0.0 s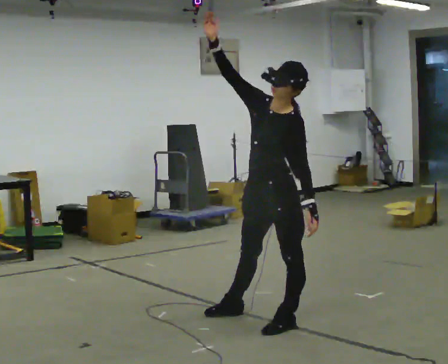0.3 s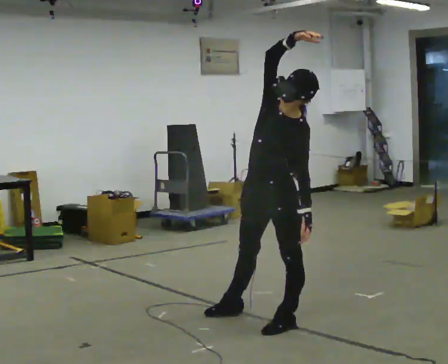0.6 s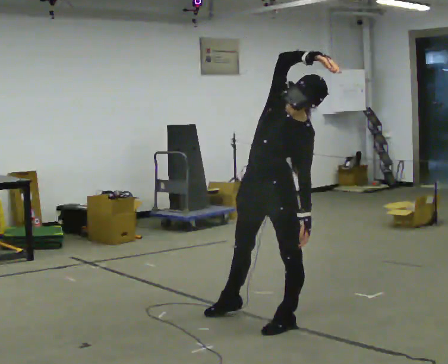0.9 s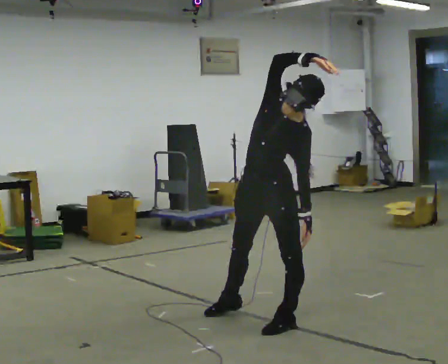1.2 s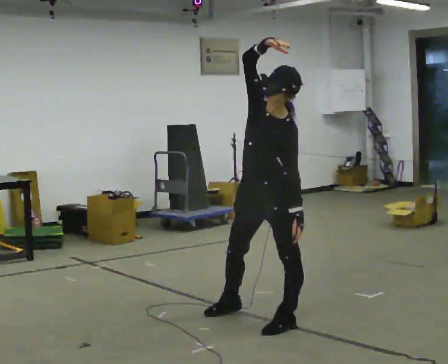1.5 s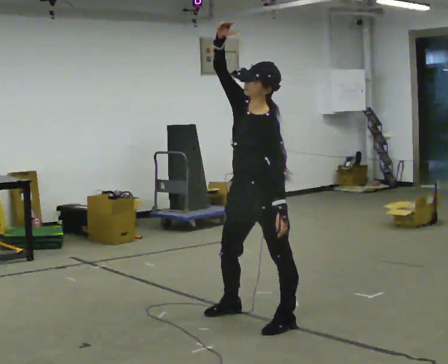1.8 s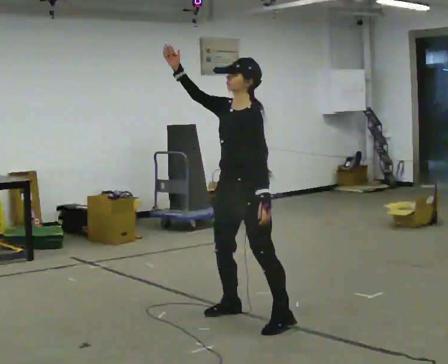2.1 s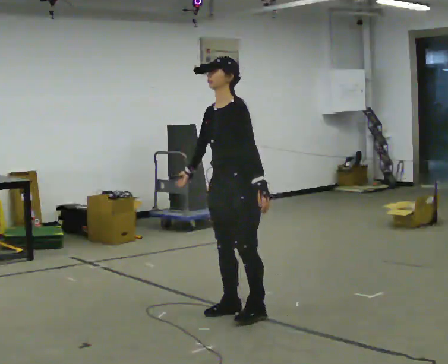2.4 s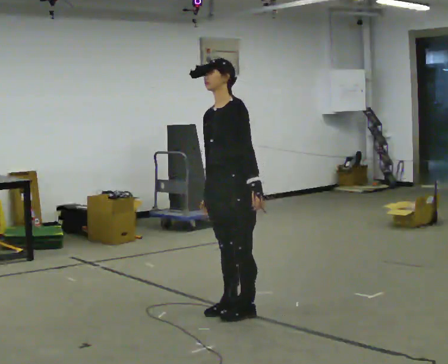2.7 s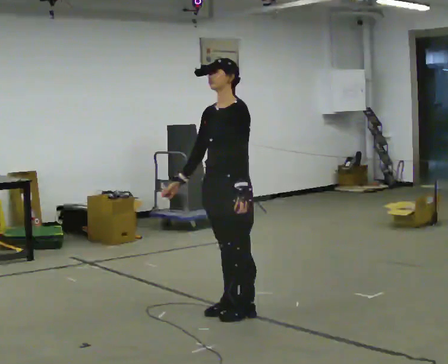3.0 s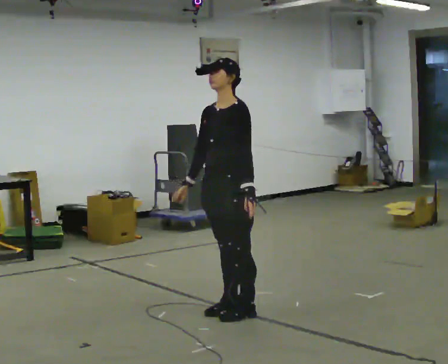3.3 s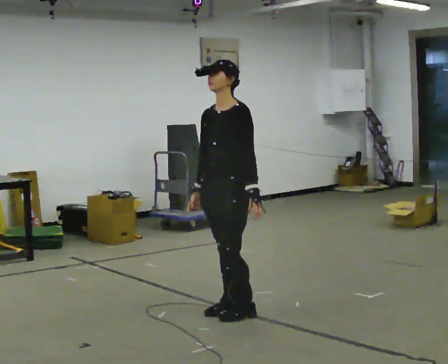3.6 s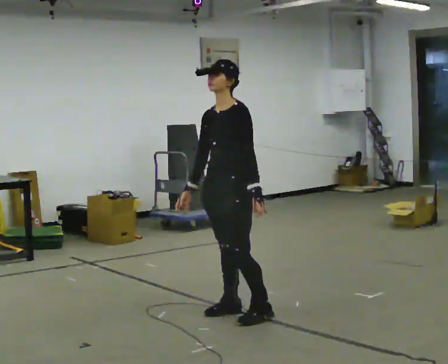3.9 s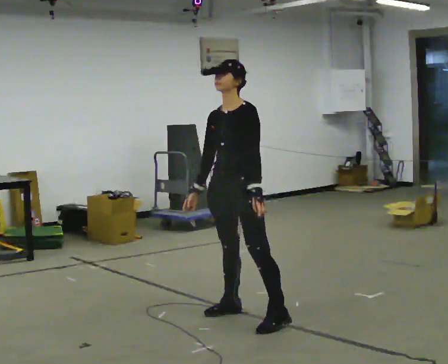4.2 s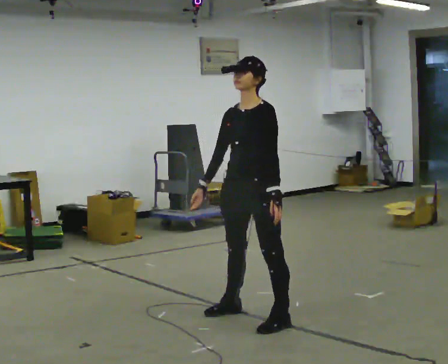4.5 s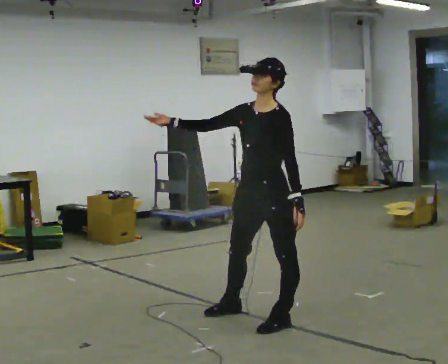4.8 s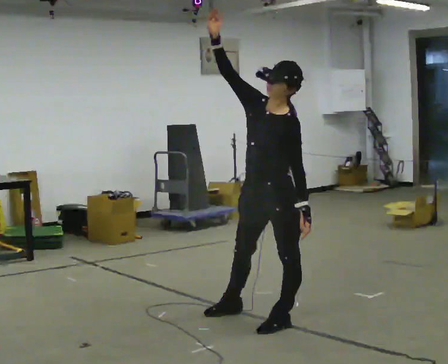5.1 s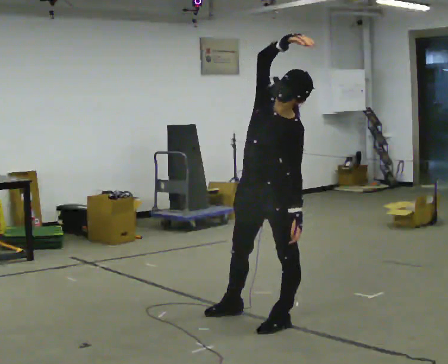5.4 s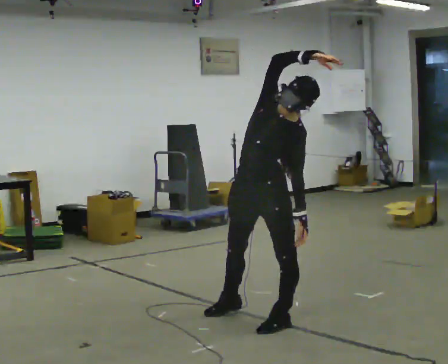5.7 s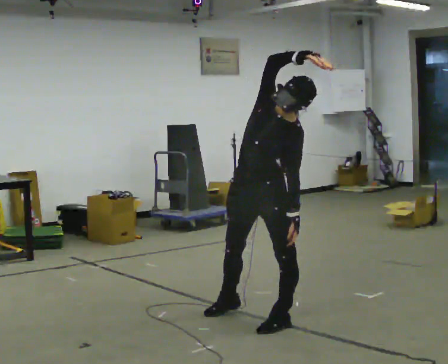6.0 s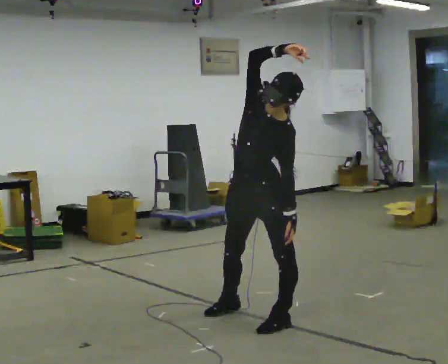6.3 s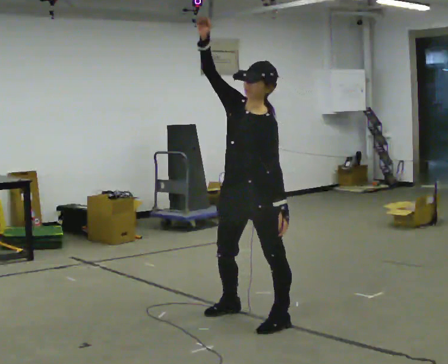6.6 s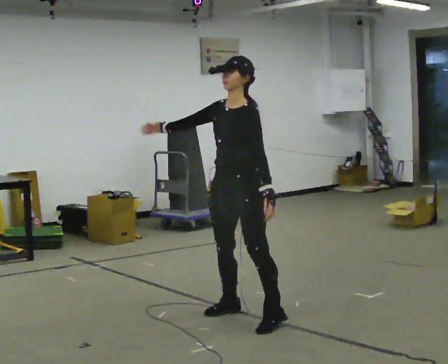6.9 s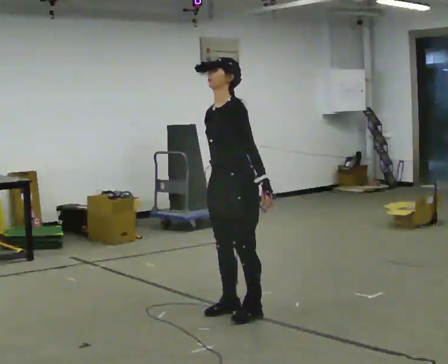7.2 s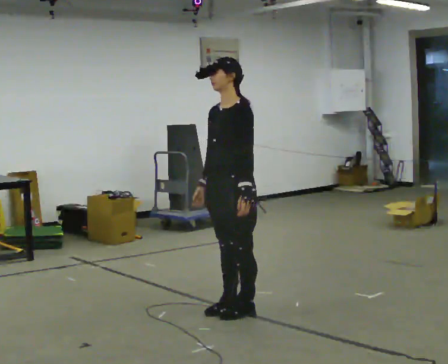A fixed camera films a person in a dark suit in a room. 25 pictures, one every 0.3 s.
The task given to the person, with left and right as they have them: Keeping your feet still and facing forward, bend your upper body sideways to one side, return upright, then bend to the other side. Reach the arm overhead as you bend. Repeat the movement at your own pace until the operator says stop; do not rush.
0.0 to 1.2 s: The person moves a little, or ends about where they began.
1.2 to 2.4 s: In the picture they go away from the camera and to the left, about 0.25 m in 1 step, which for them is to their right. In the picture their right hand goes downward, the arm swinging counterclockwise.
2.4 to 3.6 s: The person moves a little, or ends about where they began.
3.6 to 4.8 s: In the picture they go toward the camera and to the right, about 0.25 m in 1 step, which for them is to their left. In the picture their right hand goes upward, the arm swinging clockwise.
4.8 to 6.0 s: In the picture their right hand goes to the right.
6.0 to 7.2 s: In the picture they go away from the camera and to the left, about 0.25 m in 1 step, which for them is to their right. In the picture their right hand goes downward, the arm swinging counterclockwise.
The film runs forward here.
